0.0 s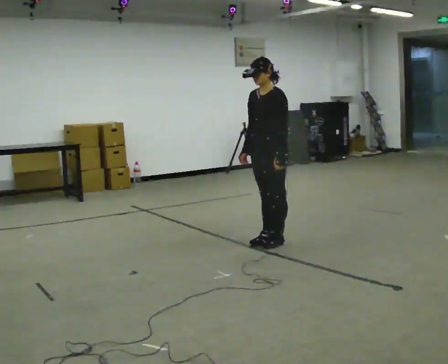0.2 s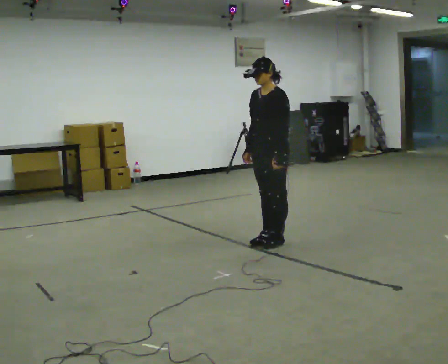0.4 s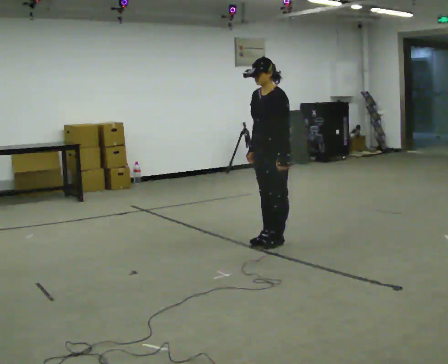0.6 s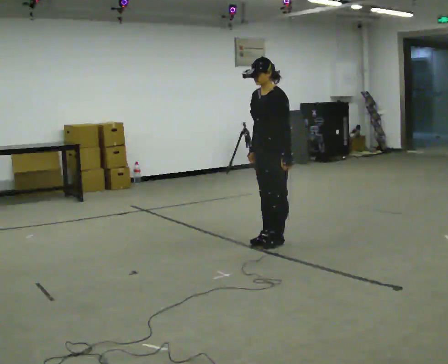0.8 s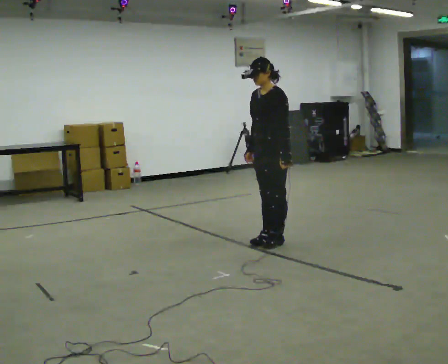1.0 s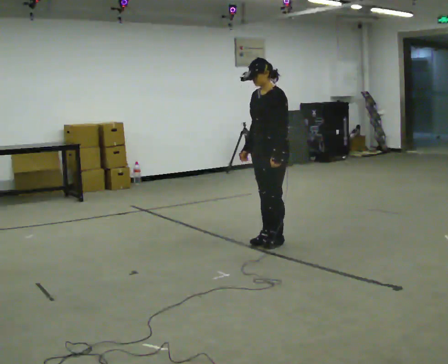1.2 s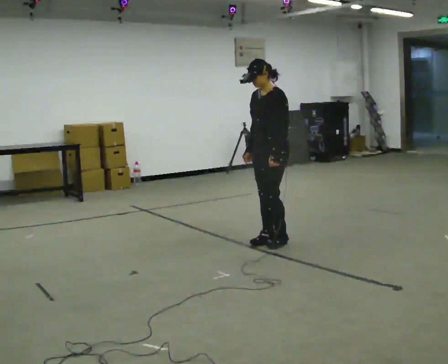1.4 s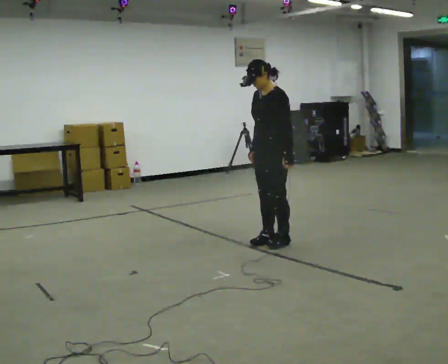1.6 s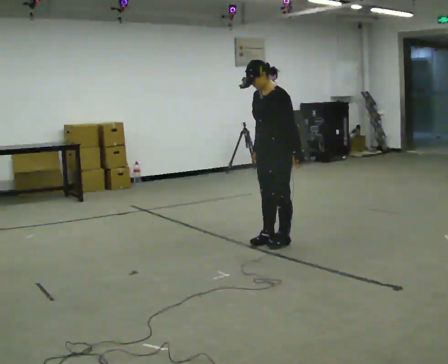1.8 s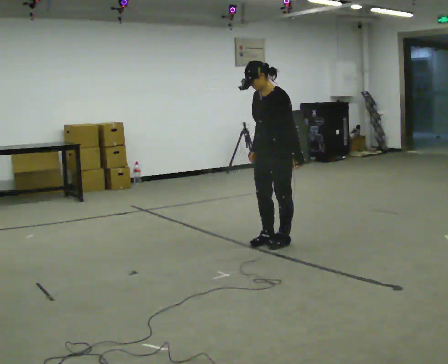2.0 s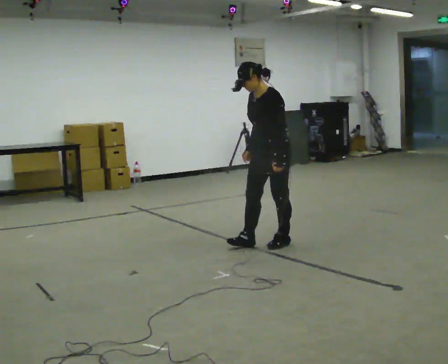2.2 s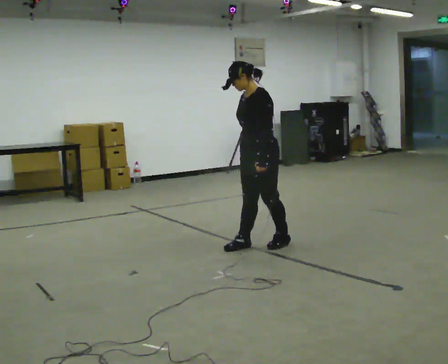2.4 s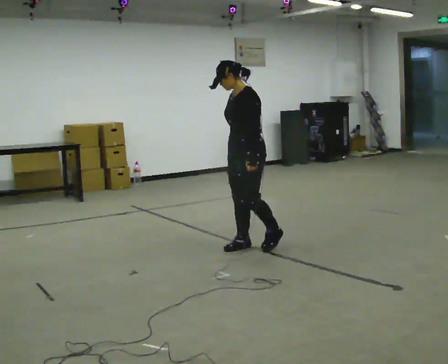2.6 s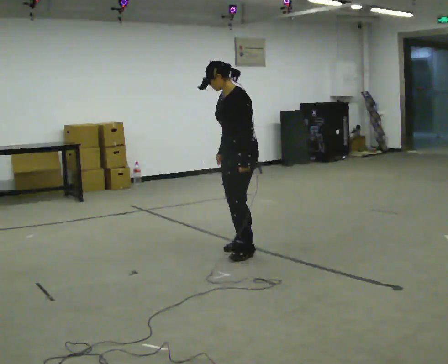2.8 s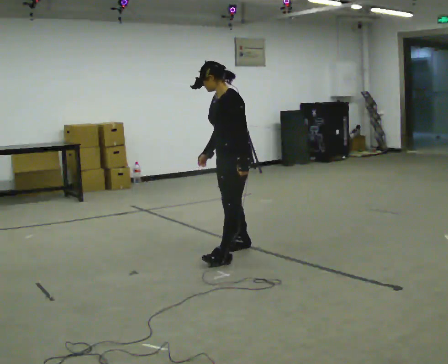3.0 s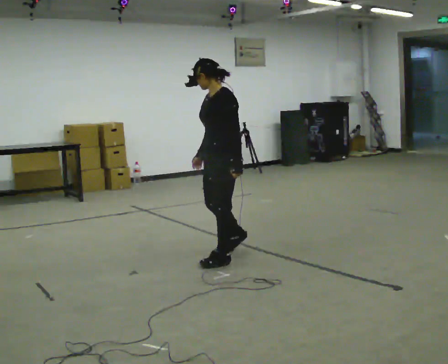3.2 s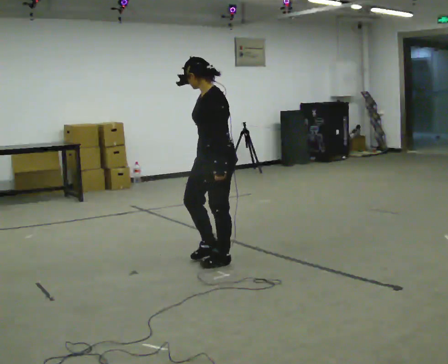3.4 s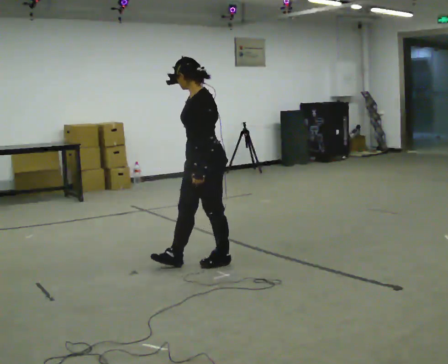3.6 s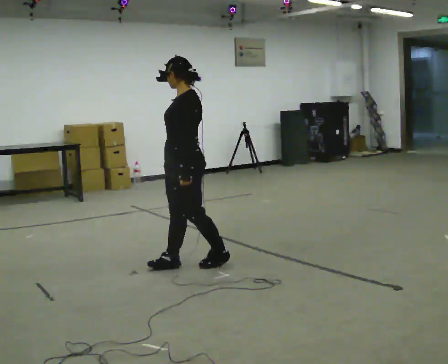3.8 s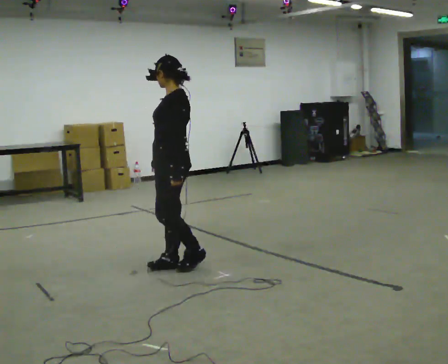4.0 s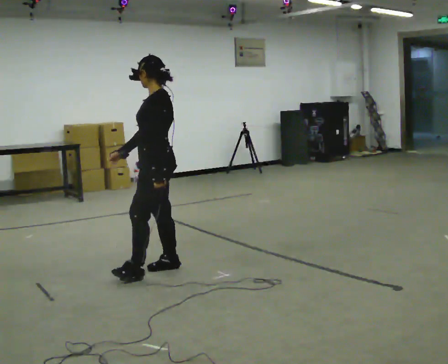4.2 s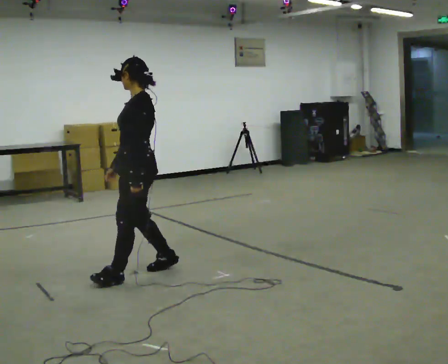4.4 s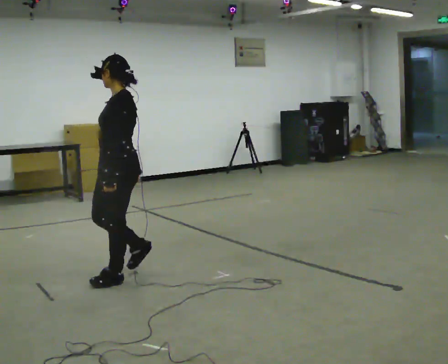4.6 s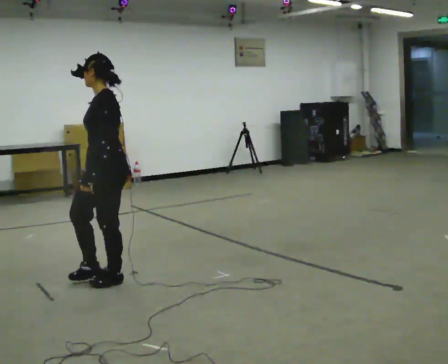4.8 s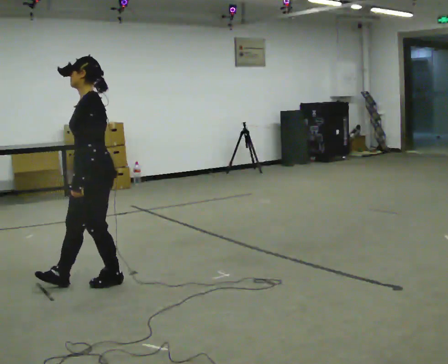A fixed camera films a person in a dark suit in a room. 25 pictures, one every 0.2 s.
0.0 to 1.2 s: The person moves a little, or ends about where they began.
1.2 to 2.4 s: In the picture they go toward the camera and to the left, about 0.25 m in 2 steps, which for them is forward.
2.4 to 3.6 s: In the picture they go toward the camera and to the left, about 0.75 m in 1 step, which for them is forward and to their left.
3.6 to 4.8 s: In the picture they go to the left and toward the camera, about 0.5 m in 2 steps, which for them is forward.
The film runs backward here.
